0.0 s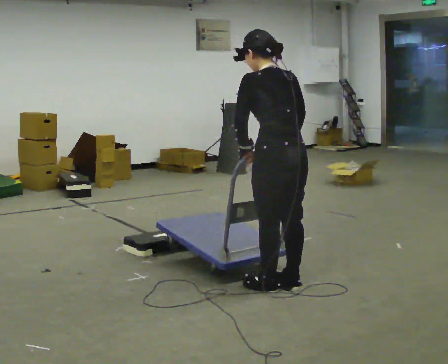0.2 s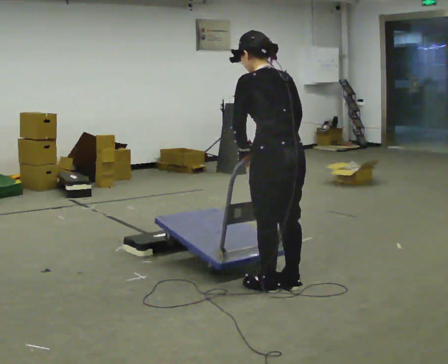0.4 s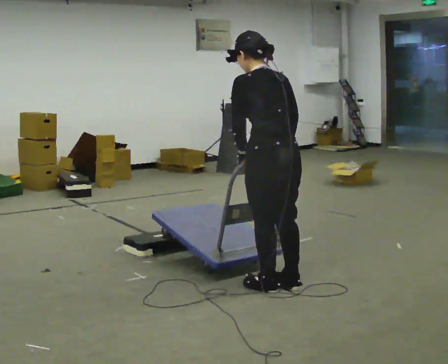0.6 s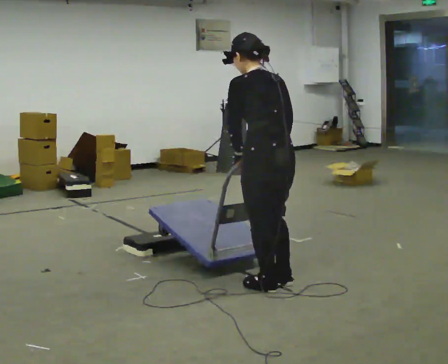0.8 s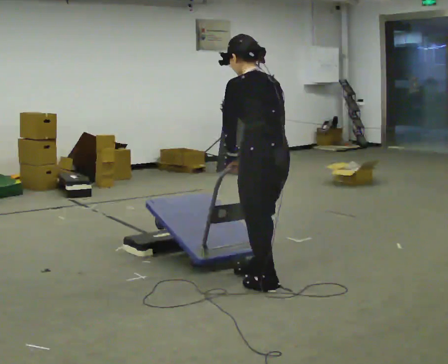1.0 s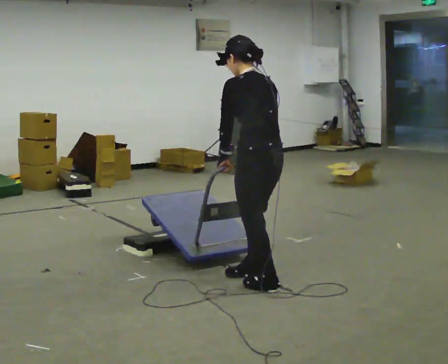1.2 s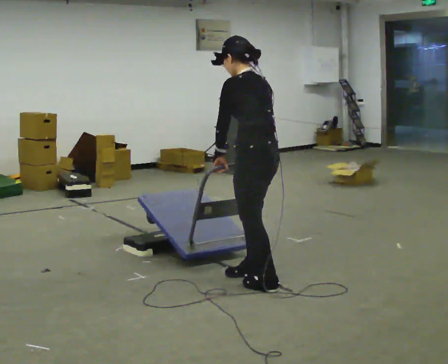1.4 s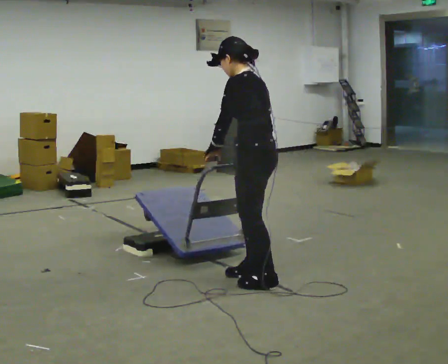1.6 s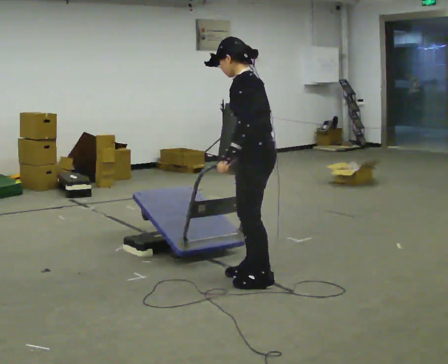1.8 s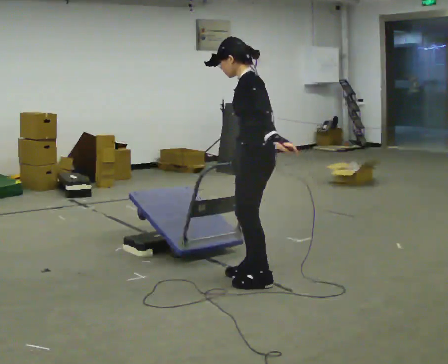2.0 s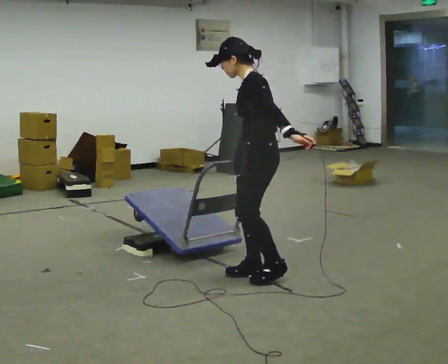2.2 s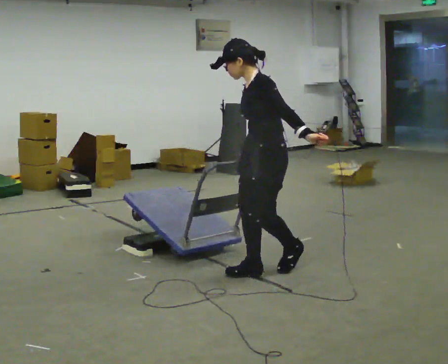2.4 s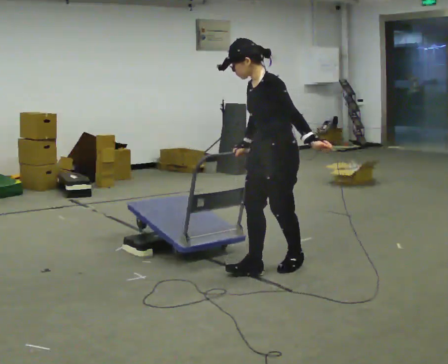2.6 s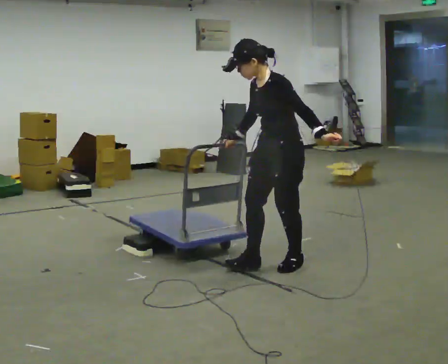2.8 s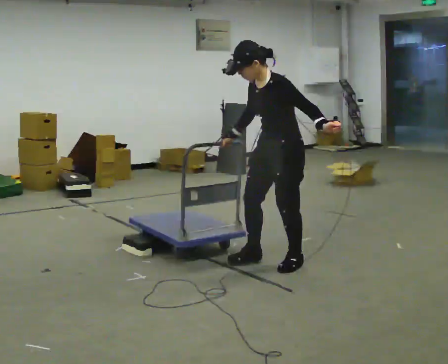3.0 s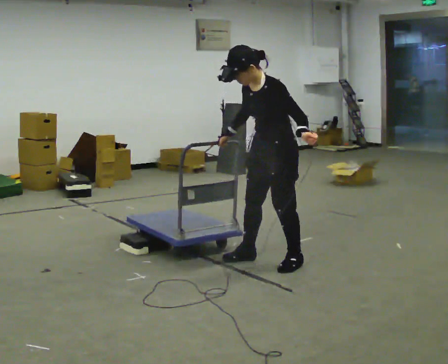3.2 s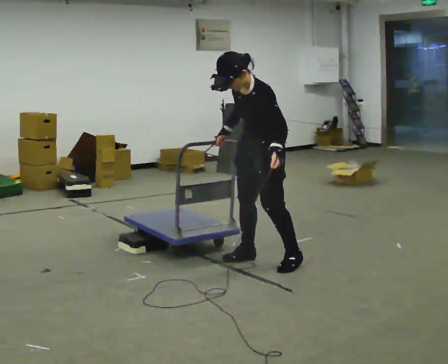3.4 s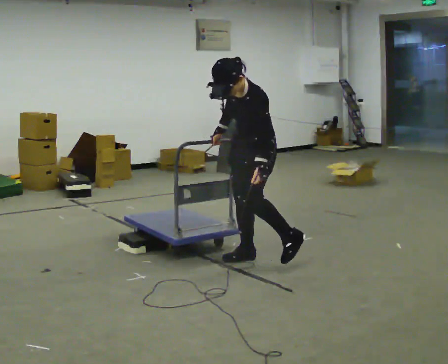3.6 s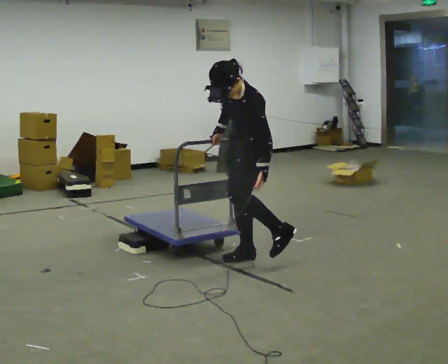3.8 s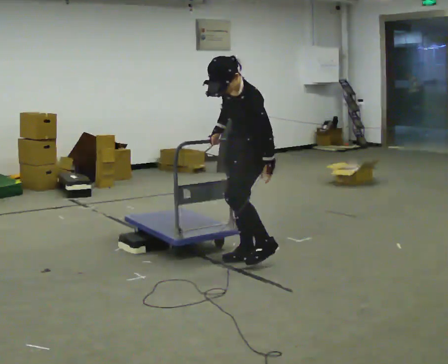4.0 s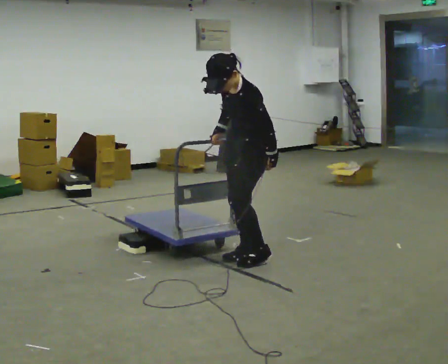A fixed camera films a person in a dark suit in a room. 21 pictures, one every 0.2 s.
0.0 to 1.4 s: Seen from above the body turns counterclockwise, about 30 degrees: to their left, with its near side sliding to the right. In the picture they go away from the camera and to the left, about 0.25 m in 1 step, which for them is forward.
1.4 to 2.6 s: The person turns about 45 degrees to their left, counterclockwise seen from above, so the part of the body nearest the lens slides to the right. In the picture they go away from the camera, about 0.25 m in 2 steps, which for them is to their right and backward.
2.6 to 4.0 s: In the picture they go away from the camera and to the left, about 0.25 m in 1 step, which for them is to their right.
The film runs backward here.
